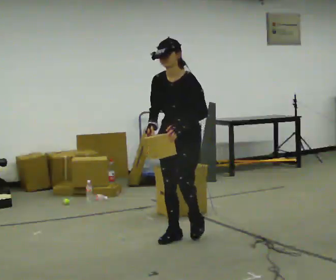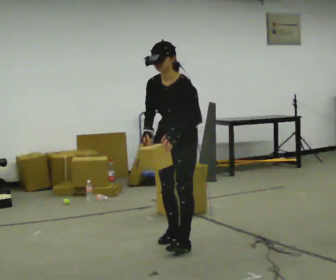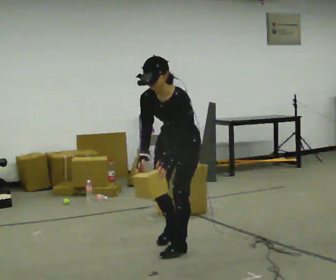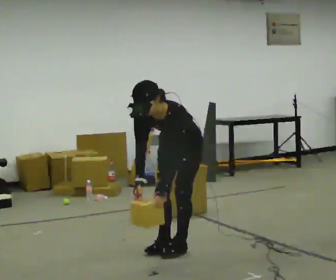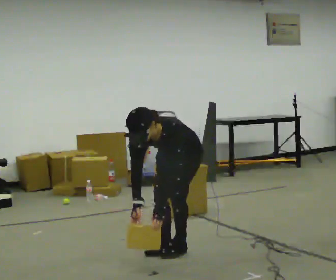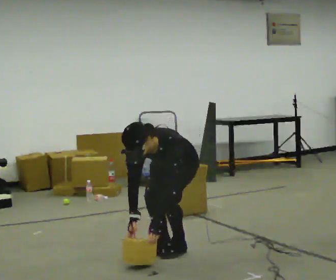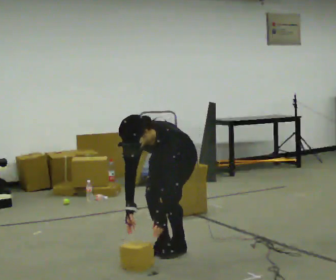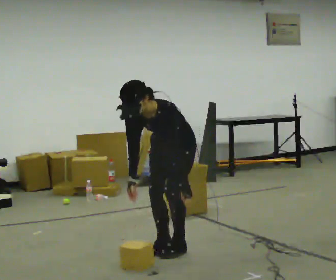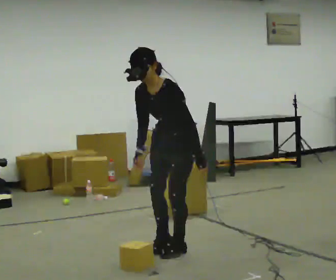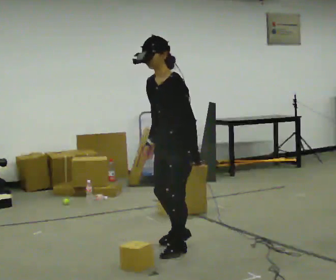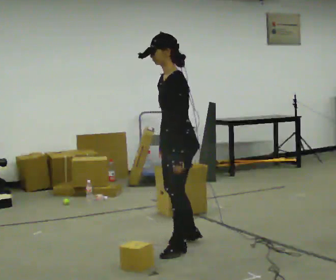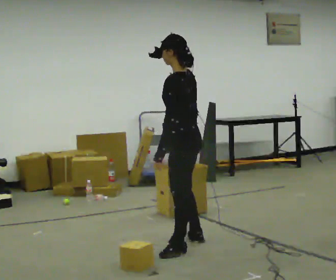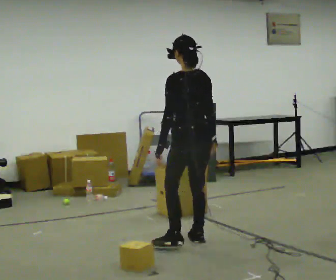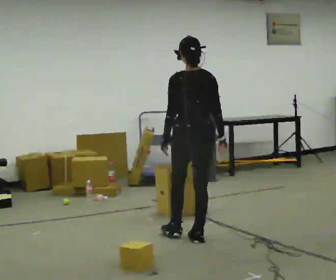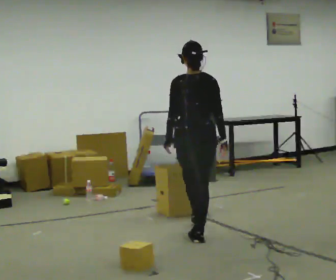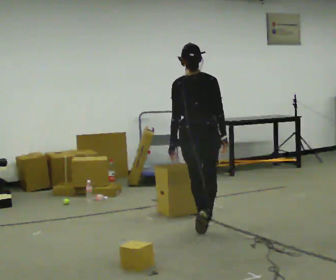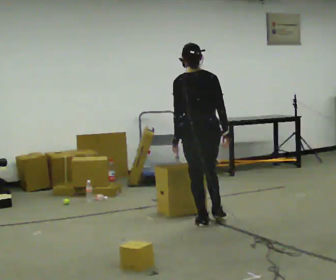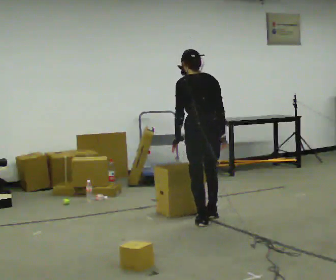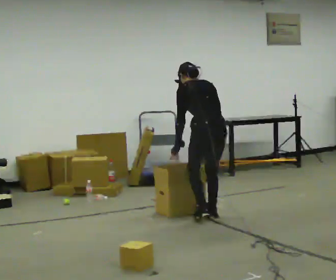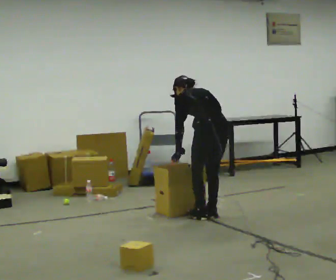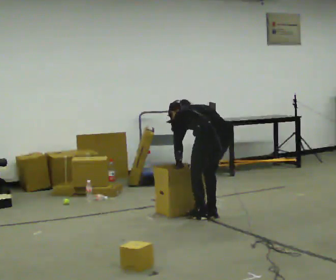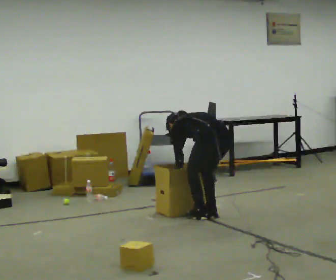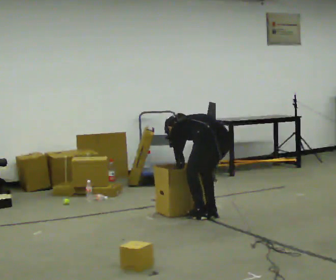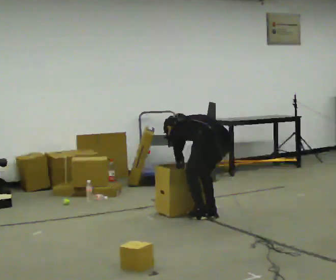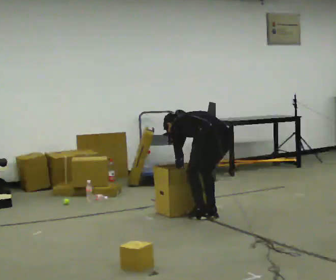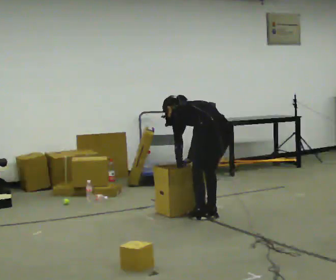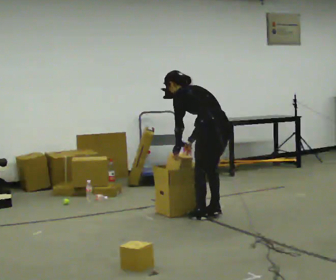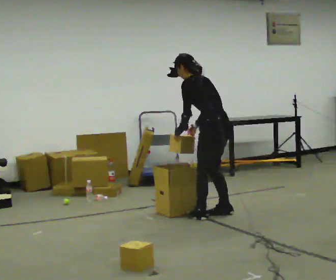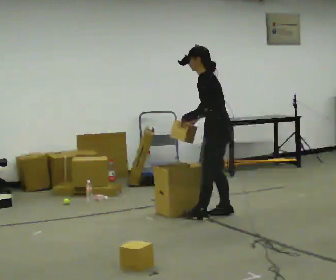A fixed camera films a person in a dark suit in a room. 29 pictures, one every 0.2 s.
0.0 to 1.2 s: In the picture they go toward the camera, about 0.25 m in 2 steps, which for them is forward and to their left. The upper body goes downward. The upper body tips toward the camera, its near side rolling downward, as they bend forward. In the picture their left hand goes downward.
1.2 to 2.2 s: The part of the body nearest the lens slides to the left as the person turns to their right by about 75 degrees. The upper body goes upward. The upper body tips away from the camera, its near side rolling upward, as they lean back or straighten. In the picture their right hand goes to the right and upward.
2.2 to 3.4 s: Seen from above the body turns clockwise, about 45 degrees: to their right, with its near side sliding to the left. In the picture they go away from the camera, about 0.5 m in 2 steps.
3.4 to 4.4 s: The shoulders move downward. The upper body tips away from the camera, its near side rolling upward, as they bend forward. In the picture their right hand goes downward.
4.4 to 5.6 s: Seen from above the body turns counterclockwise, about 45 degrees: to their left, with its near side sliding to the right. In the picture they go away from the camera, about 0.25 m in 1 step, which for them is to their right. The shoulders move upward. The upper body tips toward the camera, its near side rolling downward, as they lean back or straighten. In the picture their left hand goes upward.
The film runs forward here.
